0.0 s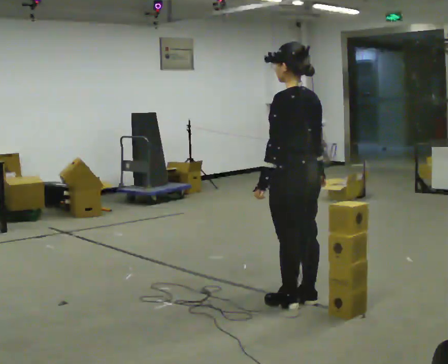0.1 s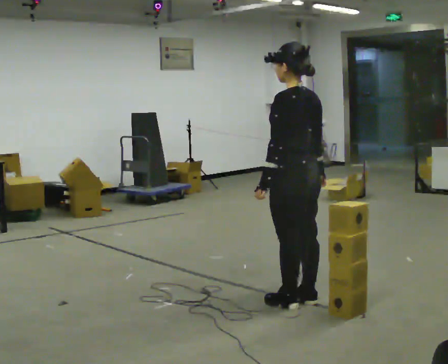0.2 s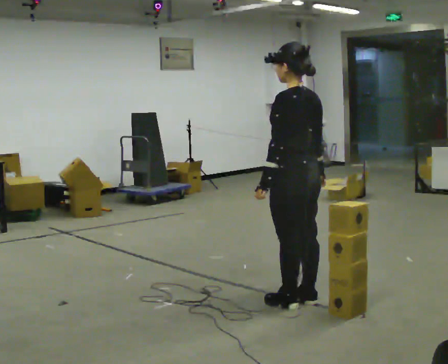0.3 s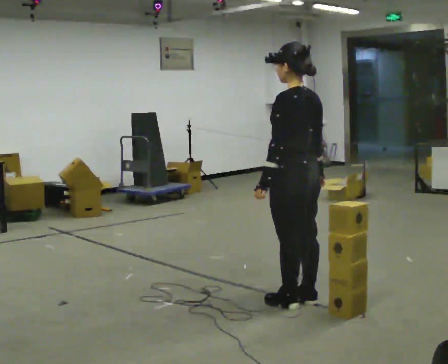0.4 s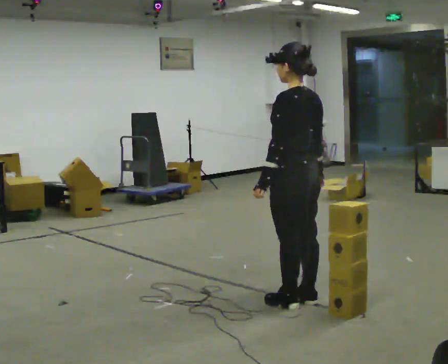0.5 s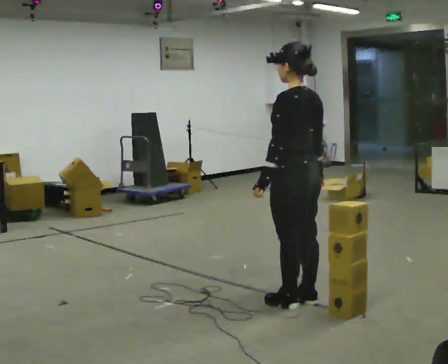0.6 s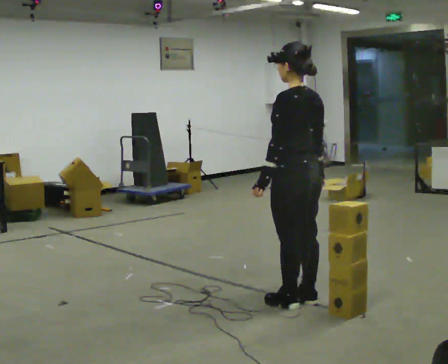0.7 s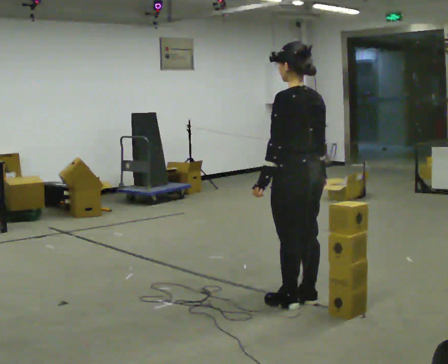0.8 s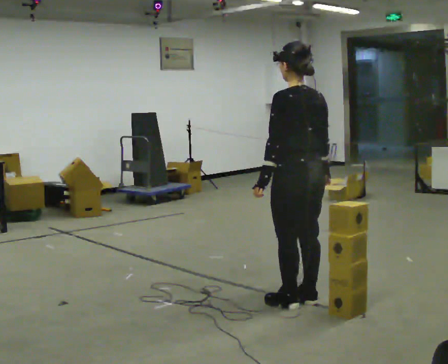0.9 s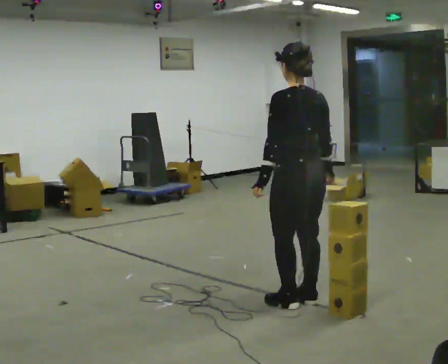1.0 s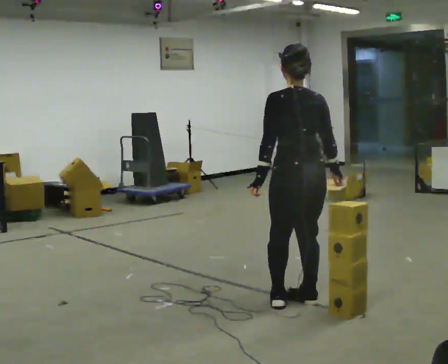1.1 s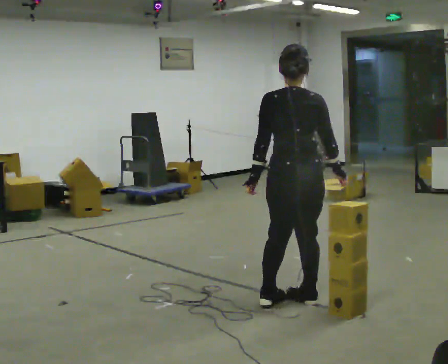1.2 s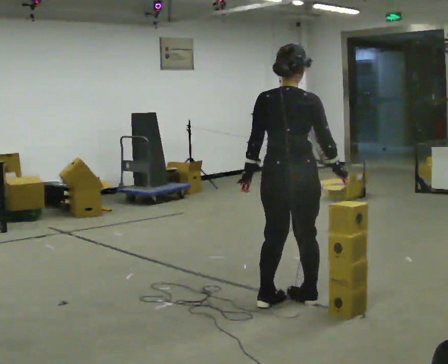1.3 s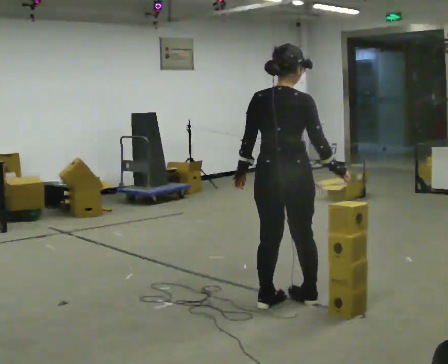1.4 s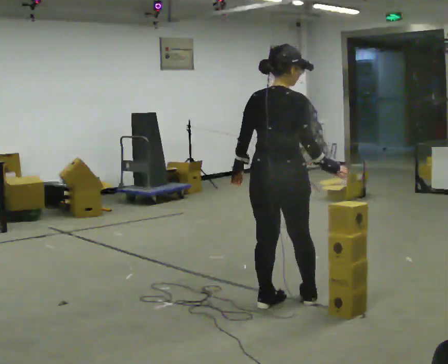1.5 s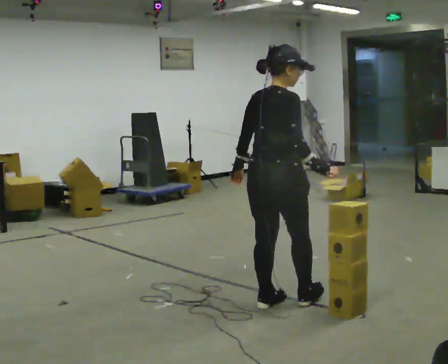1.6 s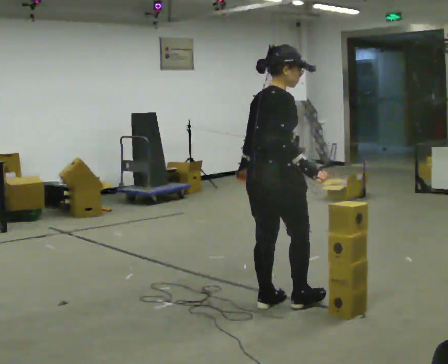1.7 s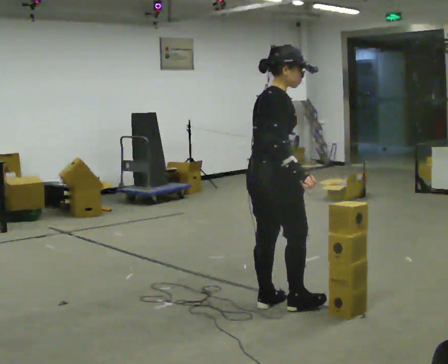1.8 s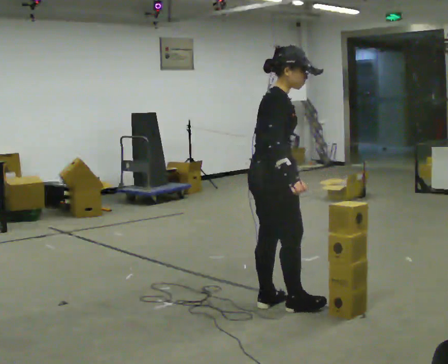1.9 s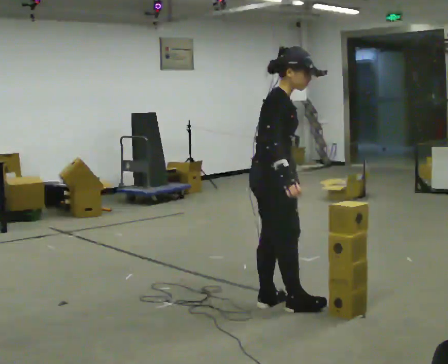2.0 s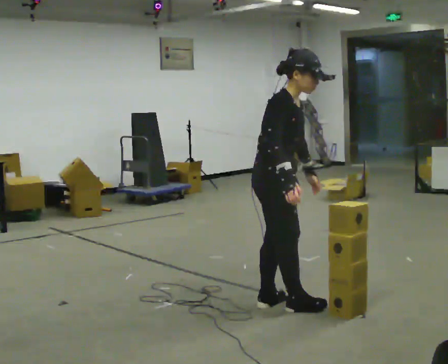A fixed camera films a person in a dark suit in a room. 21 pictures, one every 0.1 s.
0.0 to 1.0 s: The part of the body nearest the lens slides to the left as the person turns to their right by about 30 degrees.
1.0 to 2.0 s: The part of the body nearest the lens slides to the left as the person turns to their right by about 120 degrees. In the picture they go to the left, about 0.25 m in 2 steps. In the picture the upper body tilts clockwise, shoulders to the right. In the picture their right hand goes to the left.
The film runs forward here.
